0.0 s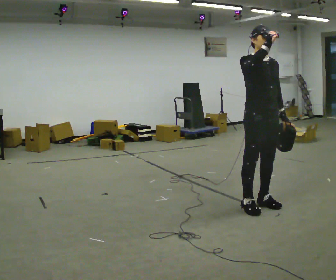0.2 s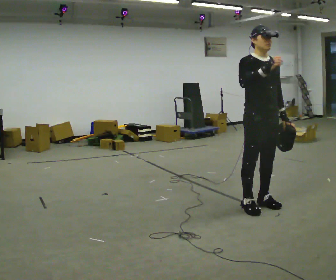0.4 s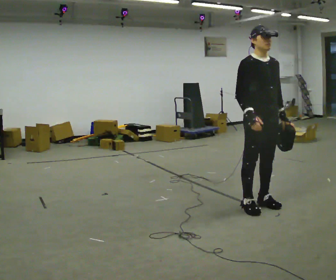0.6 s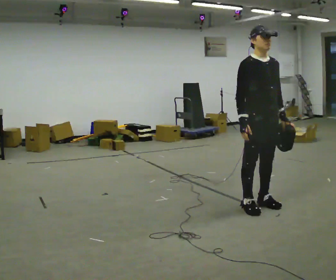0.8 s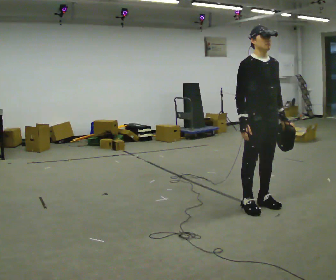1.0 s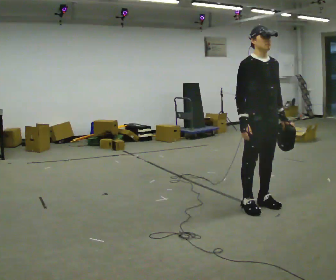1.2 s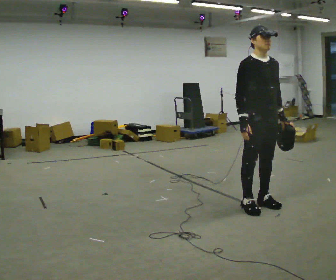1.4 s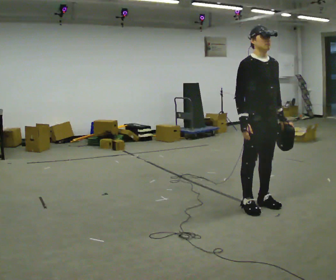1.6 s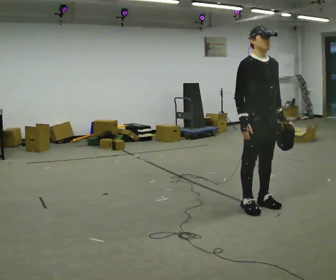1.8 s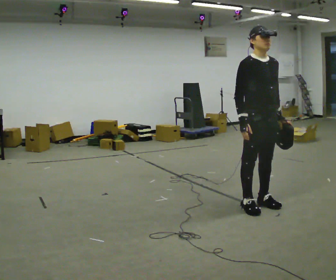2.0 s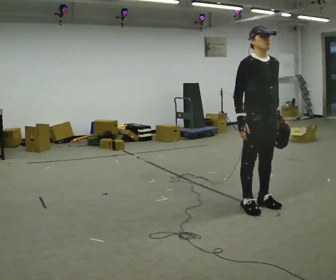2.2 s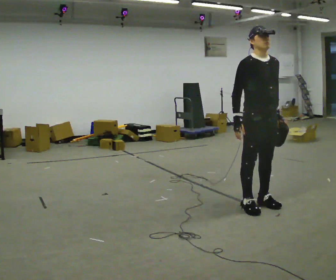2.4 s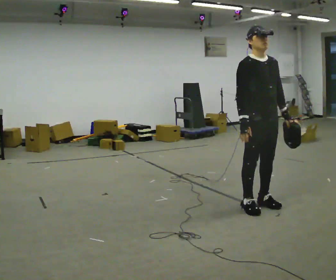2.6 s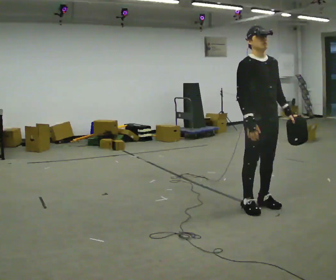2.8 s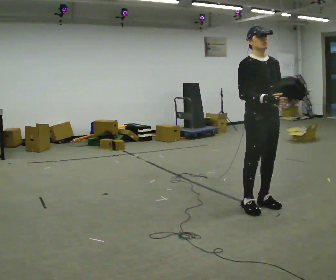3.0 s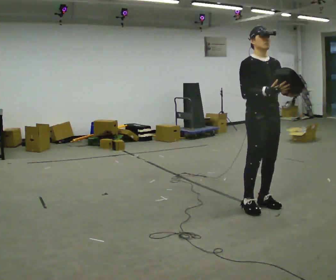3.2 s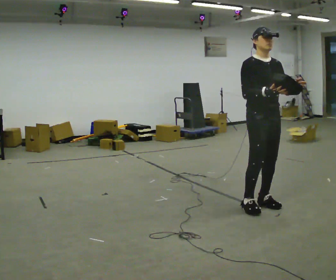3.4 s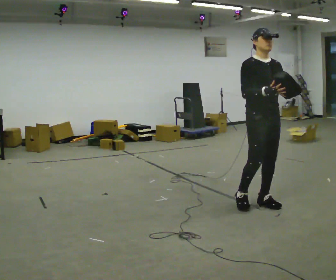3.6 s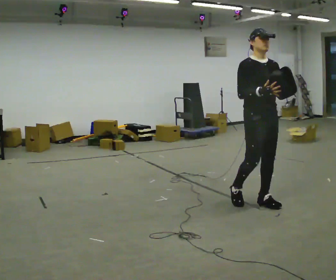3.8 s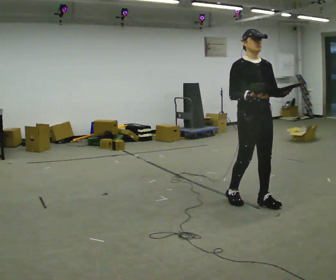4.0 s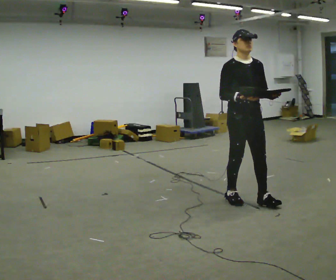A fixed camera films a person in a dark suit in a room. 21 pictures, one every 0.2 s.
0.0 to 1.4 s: In the picture their right hand goes downward.
1.4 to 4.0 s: The person moves a little, or ends about where they began.
The film runs backward here.
